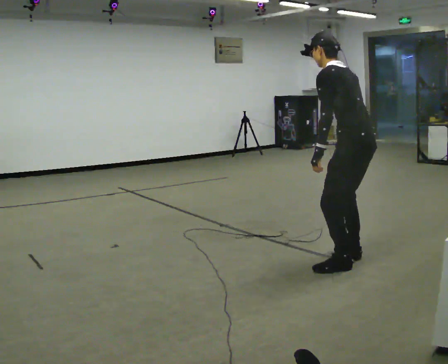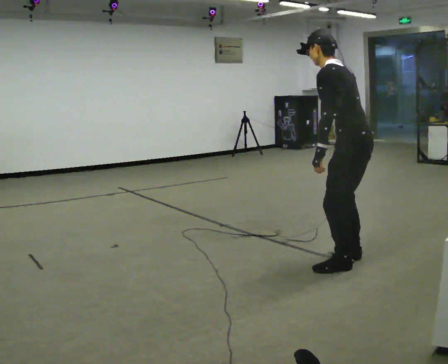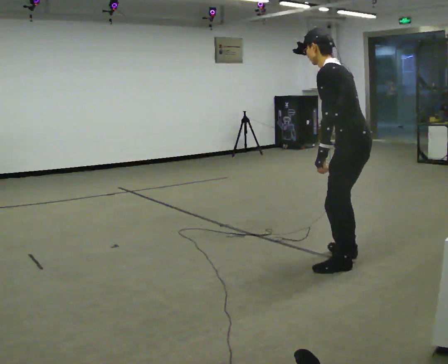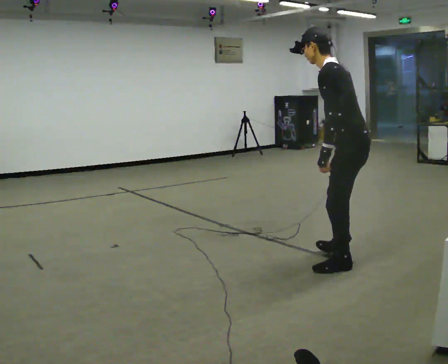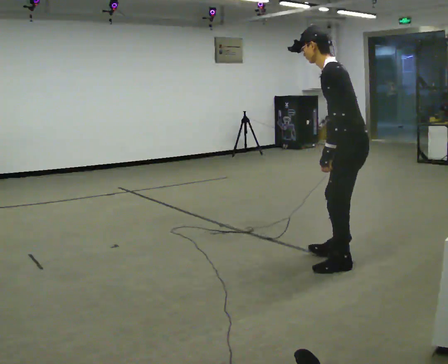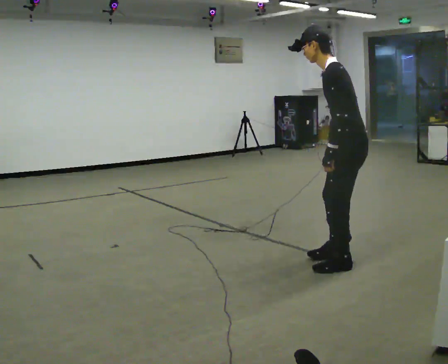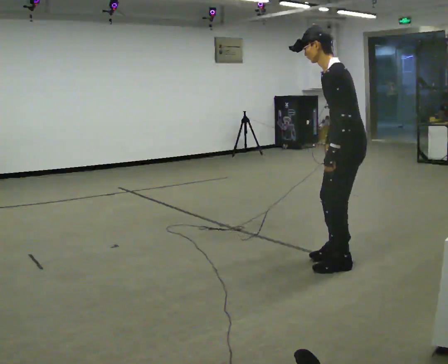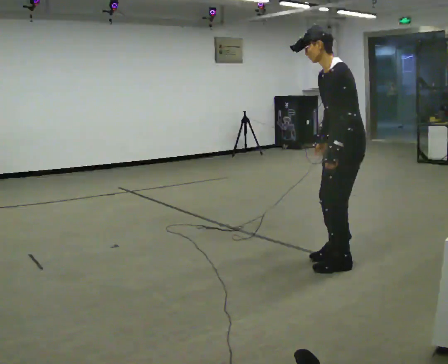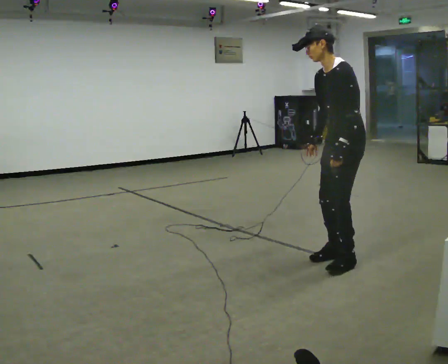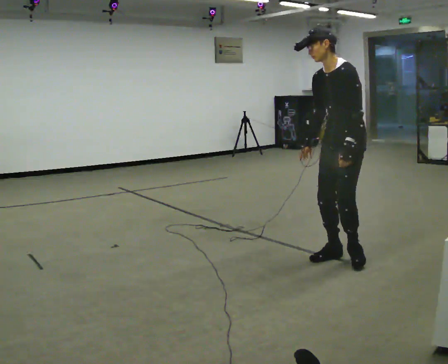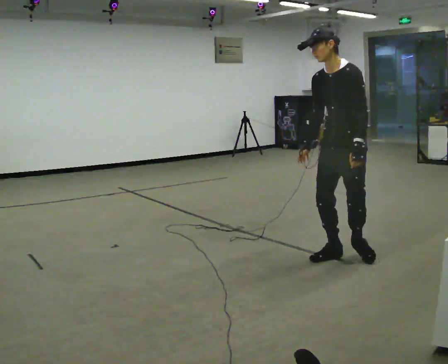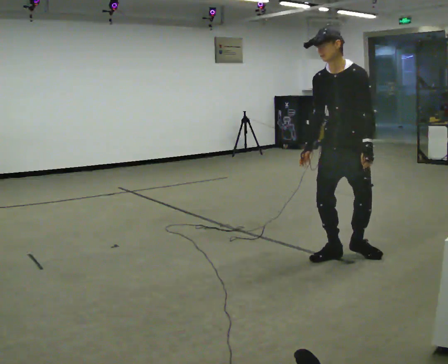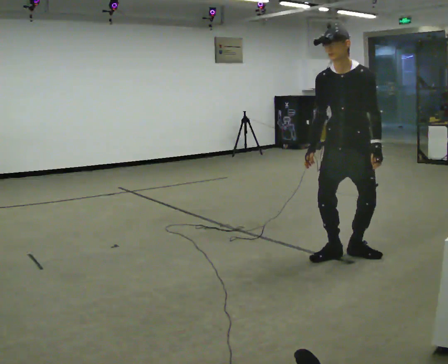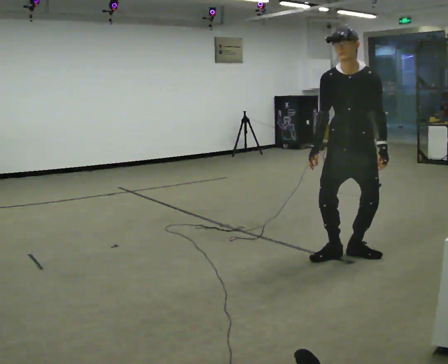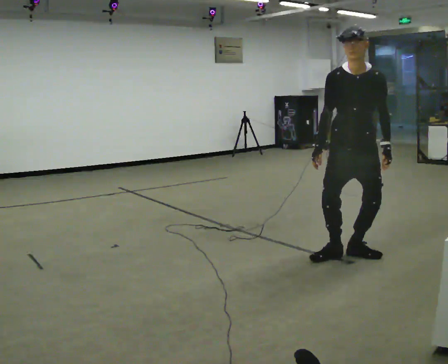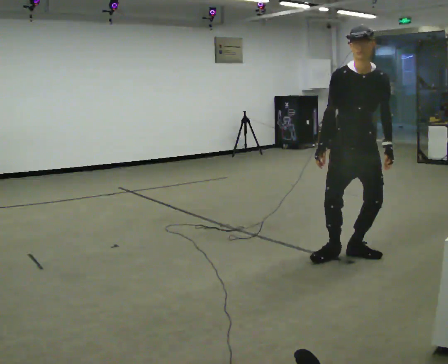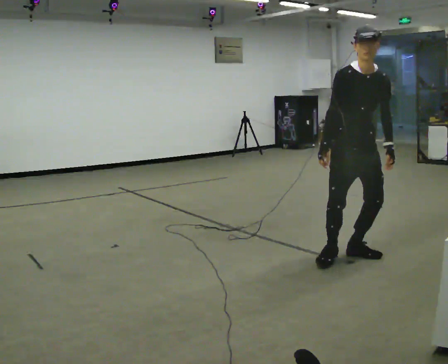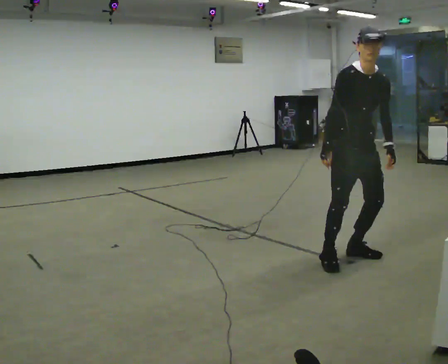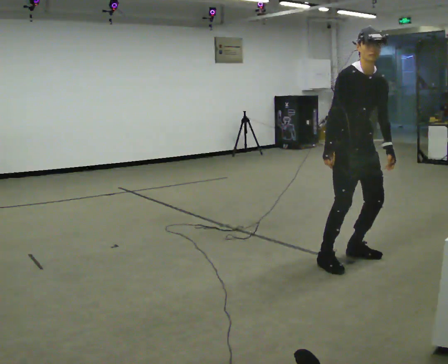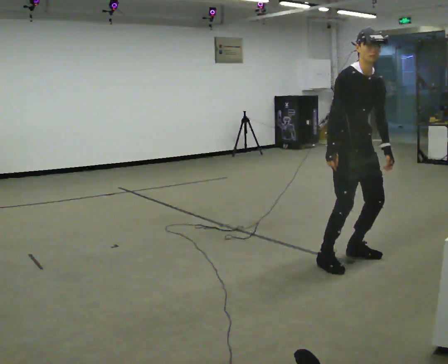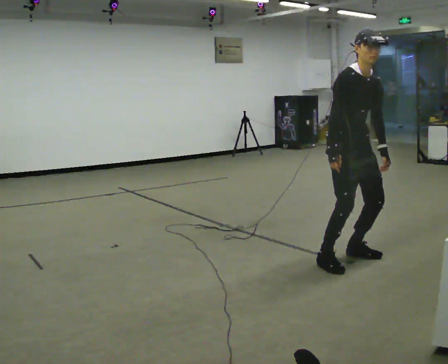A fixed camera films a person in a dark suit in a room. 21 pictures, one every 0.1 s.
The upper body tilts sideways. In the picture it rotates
clockwise.
The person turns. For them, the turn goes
to their left.
0.0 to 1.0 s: The part of the body nearest the lens slides to the right as the person turns to their left by about 90 degrees. In the picture they go away from the camera, about 0.25 m in 1 step. The upper body tips toward the camera, its near side rolling downward. In the picture their right hand goes to the left, the arm swinging clockwise.
1.0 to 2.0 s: The part of the body nearest the lens slides to the right as the person turns to their left by about 75 degrees. In the picture the upper body tilts clockwise, shoulders to the right.
The film runs backward here.
